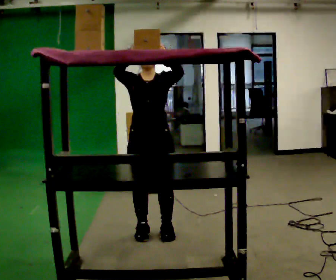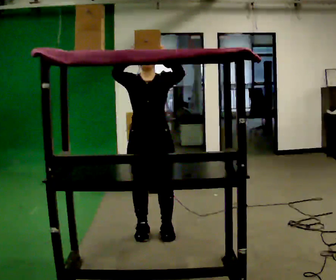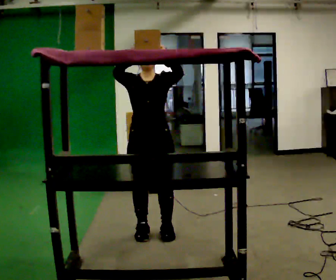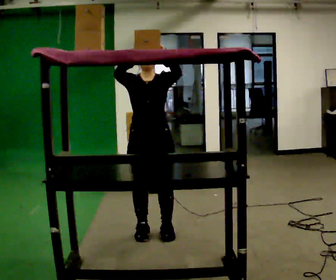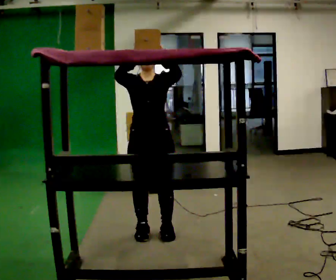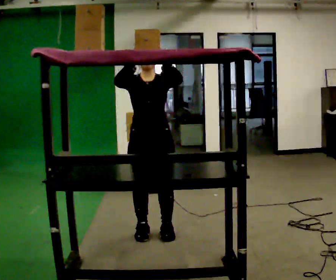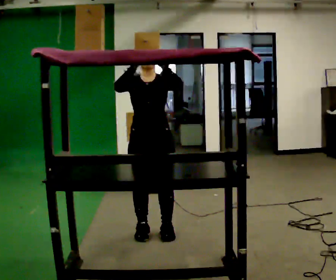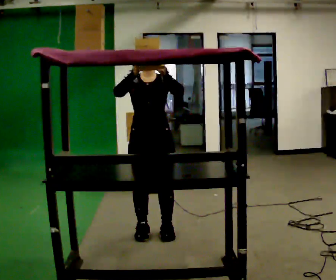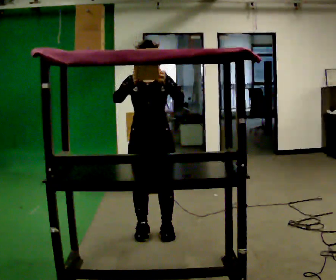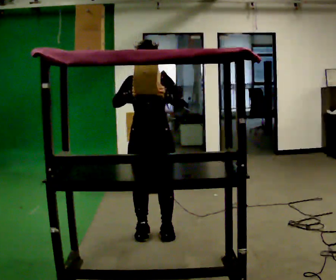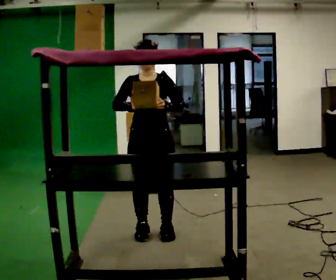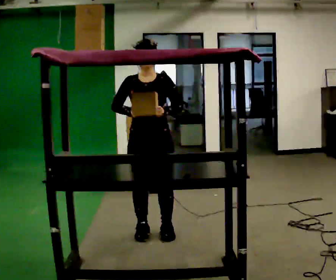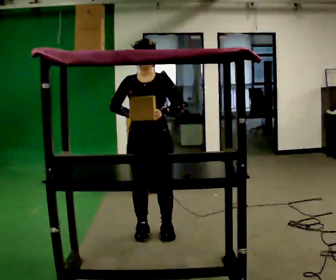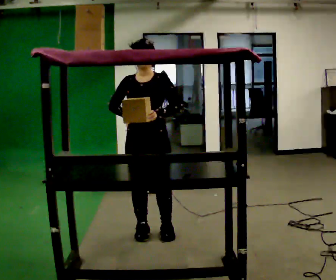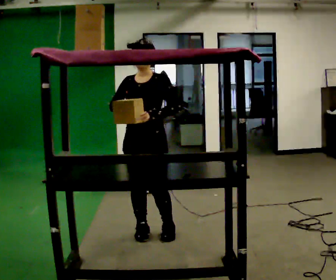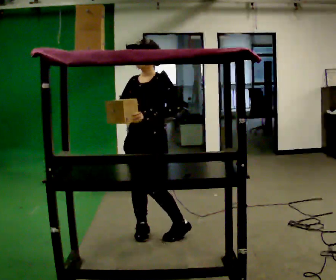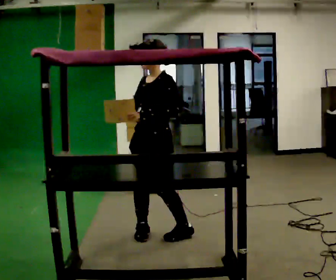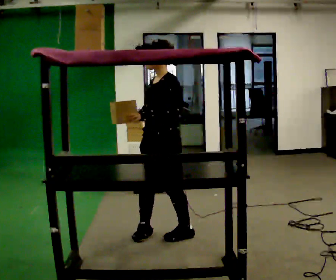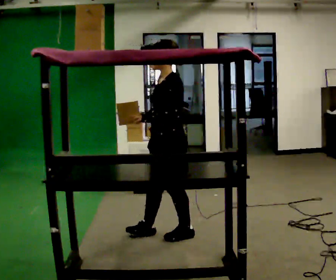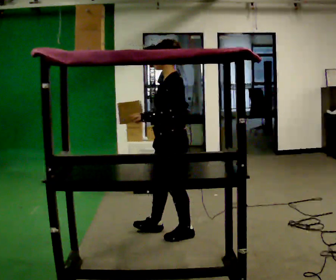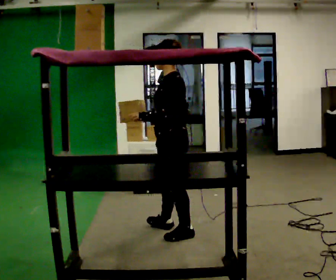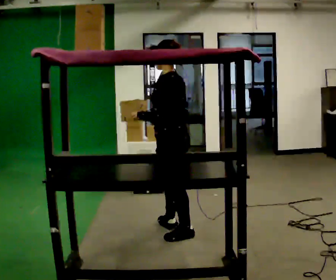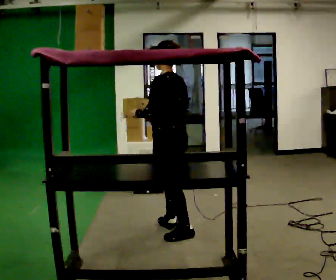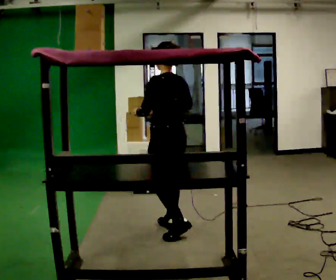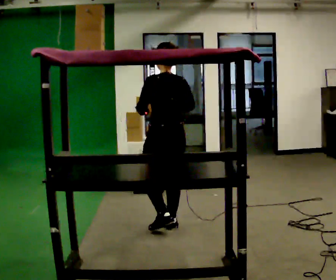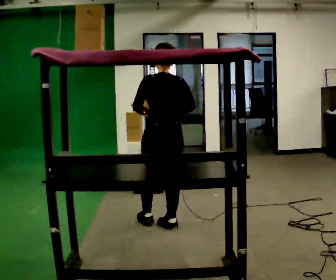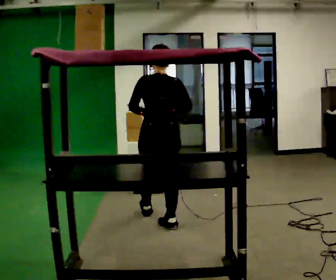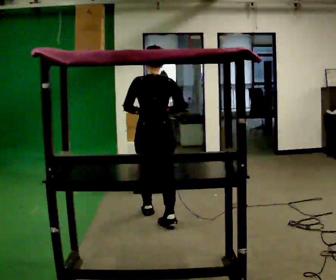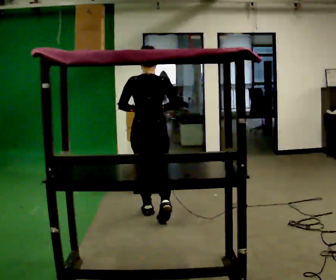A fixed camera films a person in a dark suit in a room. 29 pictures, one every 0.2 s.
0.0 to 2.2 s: In the picture their right hand goes downward.
2.2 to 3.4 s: Seen from above the body turns clockwise, about 60 degrees: to their right, with its near side sliding to the left.
3.4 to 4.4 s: The part of the body nearest the lens slides to the left as the person turns to their right by about 60 degrees.
4.4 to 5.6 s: Seen from above the body turns clockwise, about 60 degrees: to their right, with its near side sliding to the left. In the picture they go away from the camera, about 0.5 m in 1 step, which for them is forward.
The film runs forward here.
